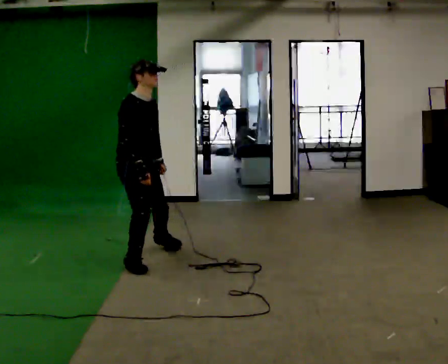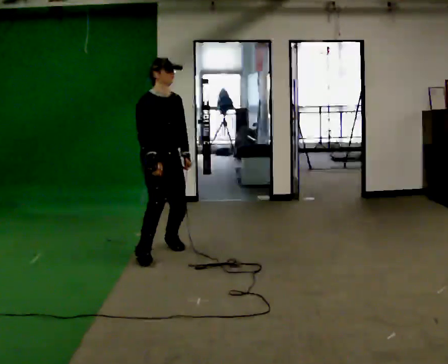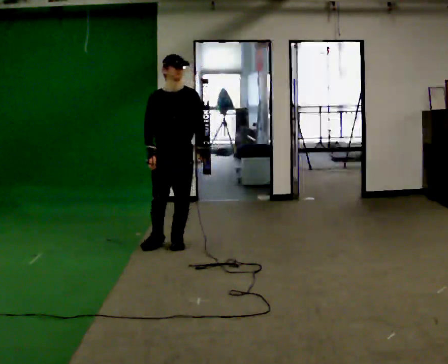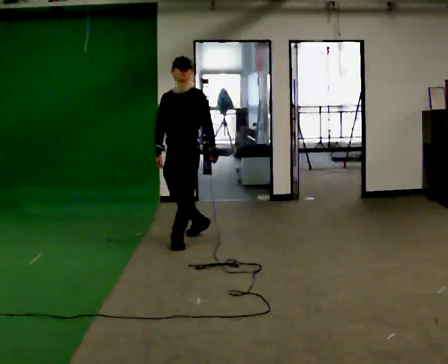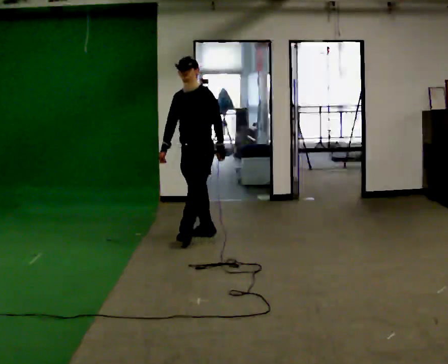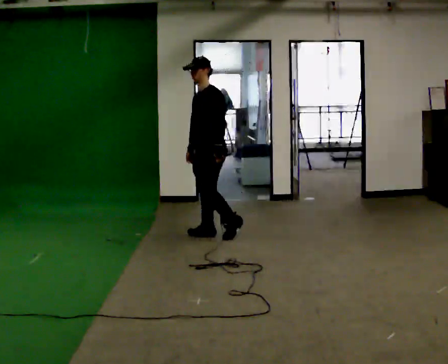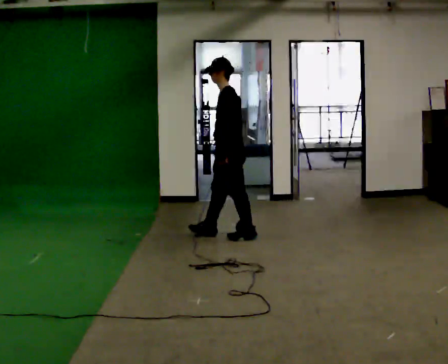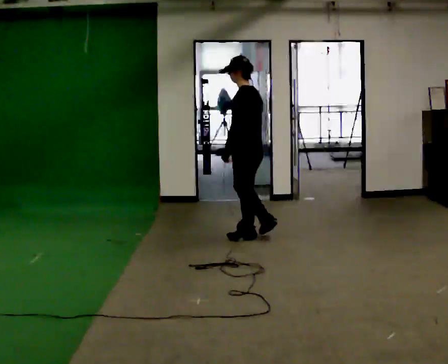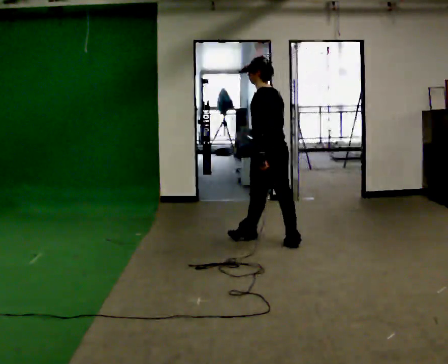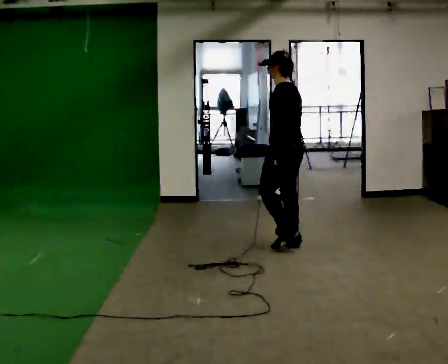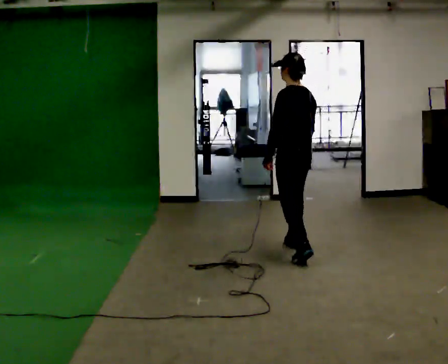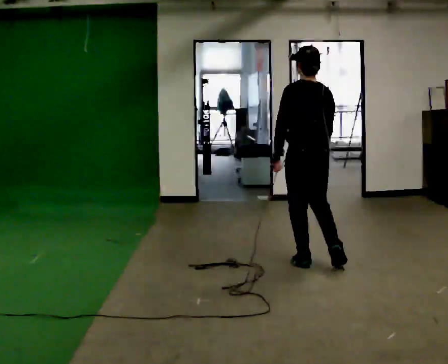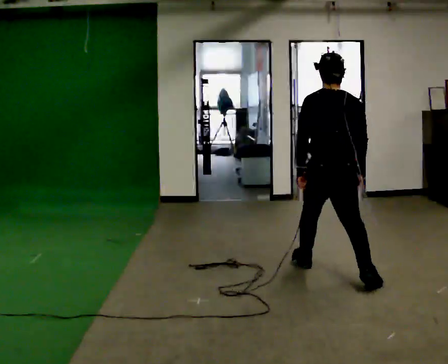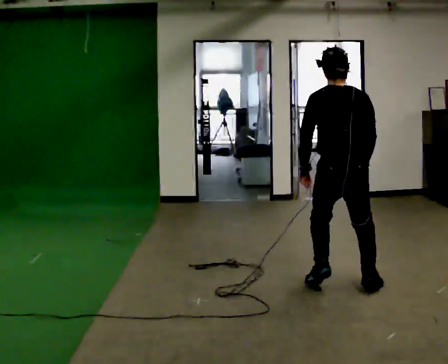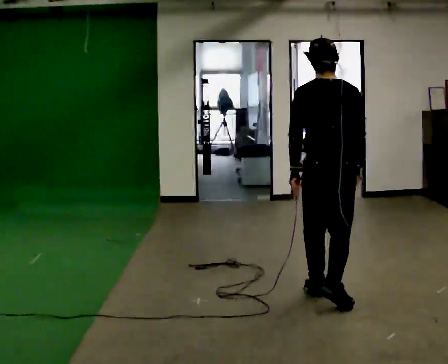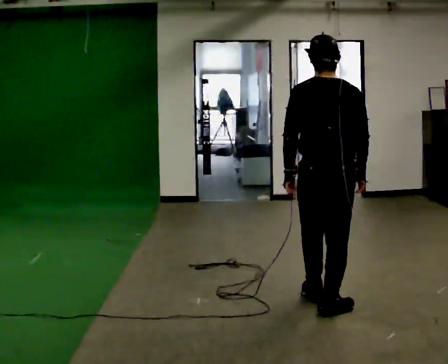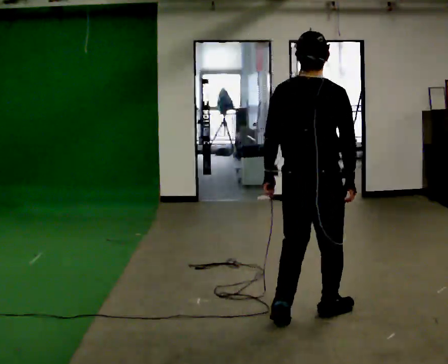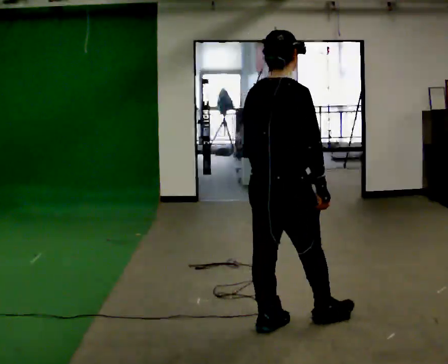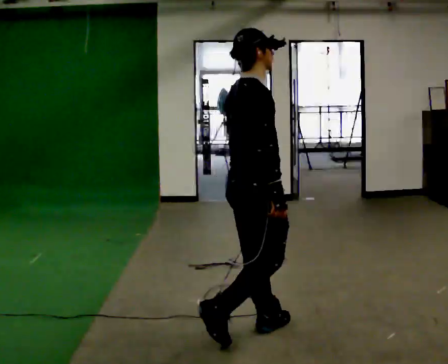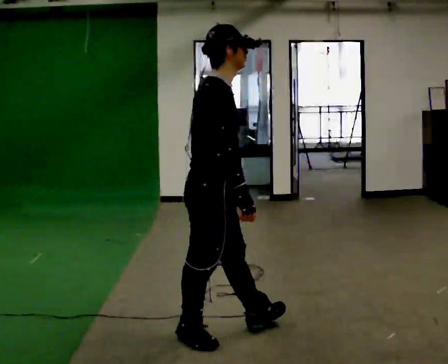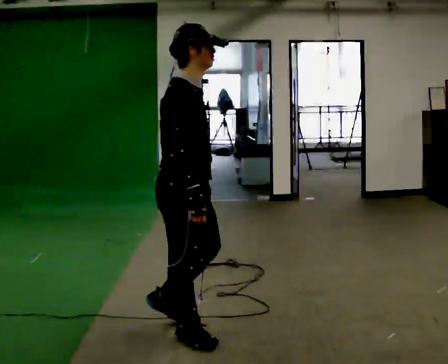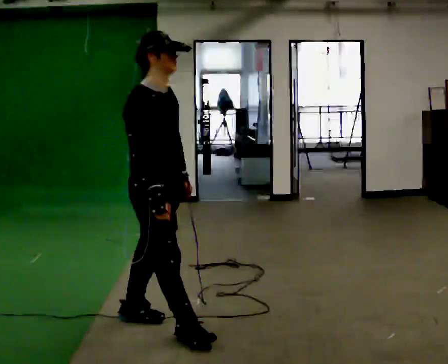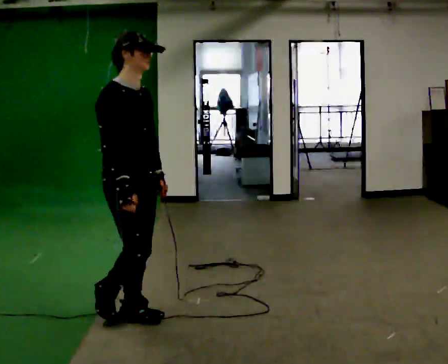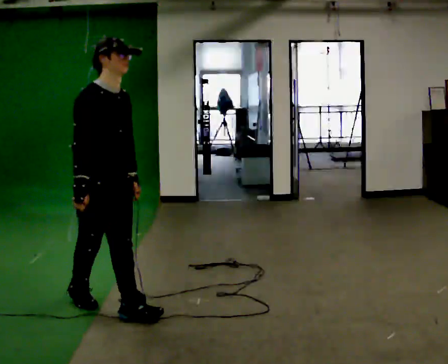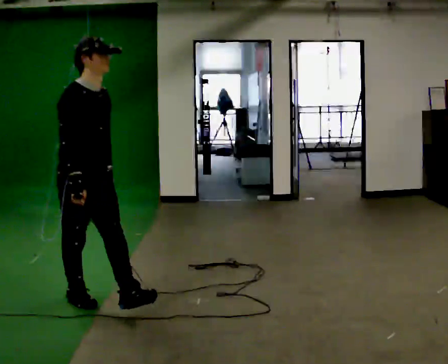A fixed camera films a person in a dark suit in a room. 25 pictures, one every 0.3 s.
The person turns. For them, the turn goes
to their right.
The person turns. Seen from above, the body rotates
clockwise.
0.0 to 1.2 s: The part of the body nearest the lens slides to the left as the person turns to their right by about 105 degrees. In the picture they go away from the camera, about 1 m in 2 steps.
1.2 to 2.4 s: The part of the body nearest the lens slides to the left as the person turns to their right by about 90 degrees. In the picture they go to the right, about 0.5 m in 1 step.
2.4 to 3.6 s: The part of the body nearest the lens slides to the left as the person turns to their right by about 45 degrees. In the picture they go toward the camera and to the right, about 1 m in 3 steps, which for them is backward and to their left.
3.6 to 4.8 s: In the picture they go toward the camera, about 1 m in 2 steps, which for them is backward.
4.8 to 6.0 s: The part of the body nearest the lens slides to the left as the person turns to their right by about 75 degrees. In the picture they go to the left and toward the camera, about 1 m in 2 steps.
6.0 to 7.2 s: Seen from above the body turns clockwise, about 30 degrees: to their right, with its near side sliding to the left. In the picture they go to the left and away from the camera, about 1 m in 2 steps, which for them is backward.
The film runs backward here.
